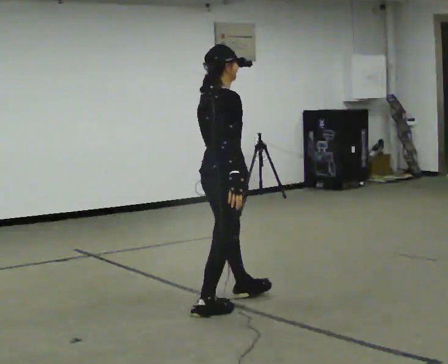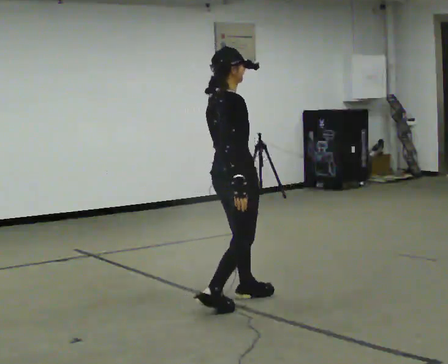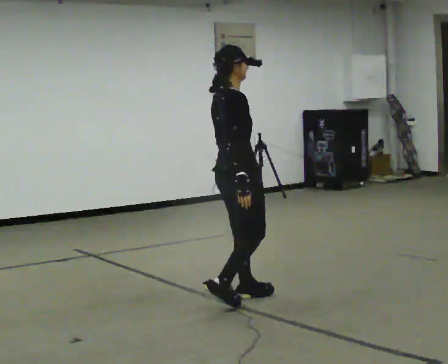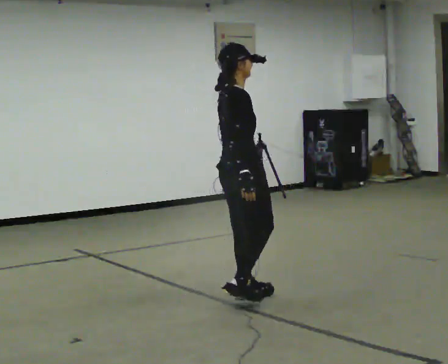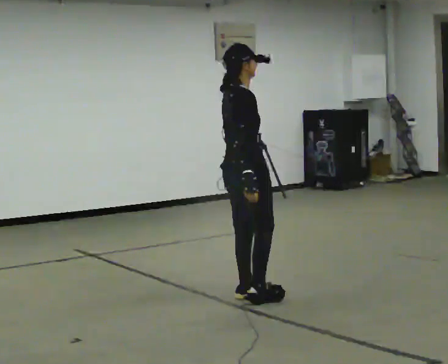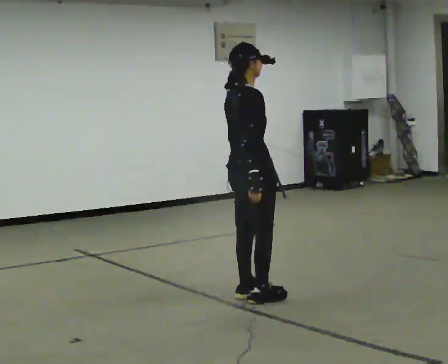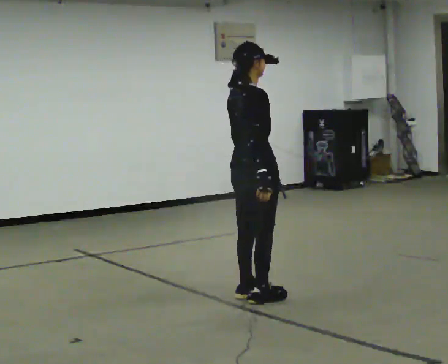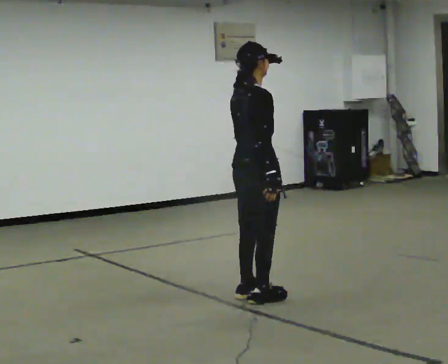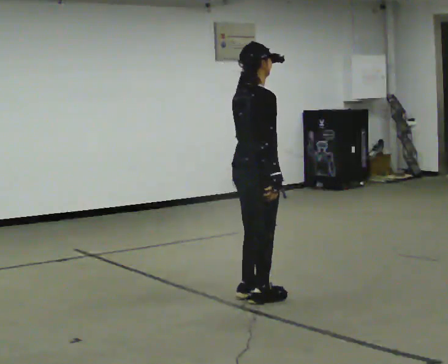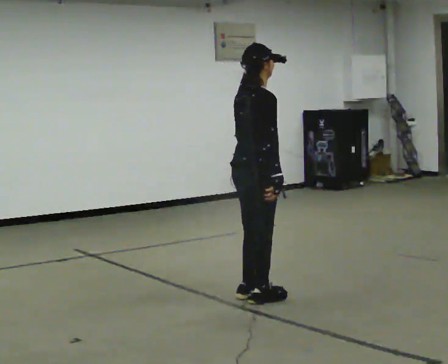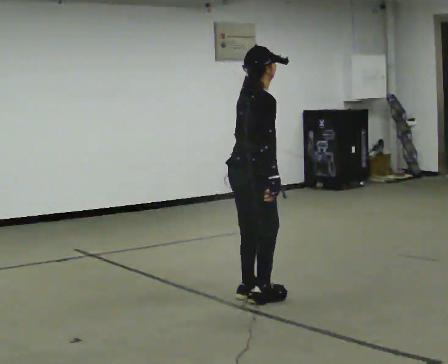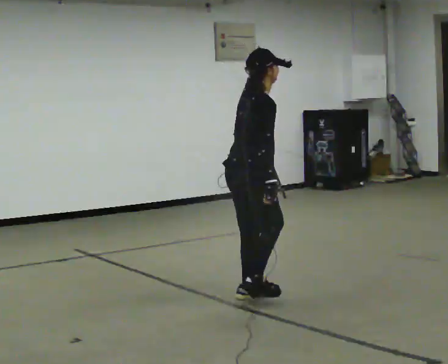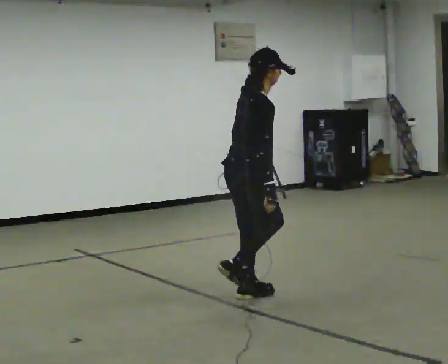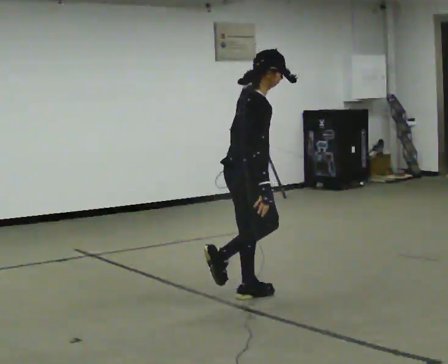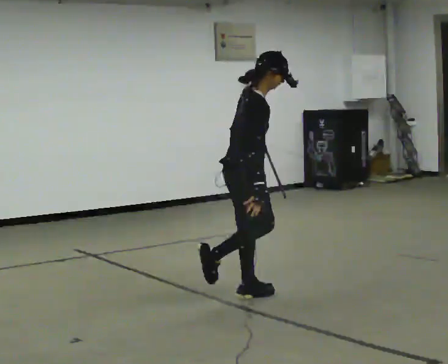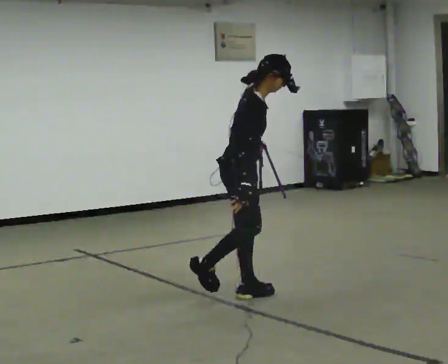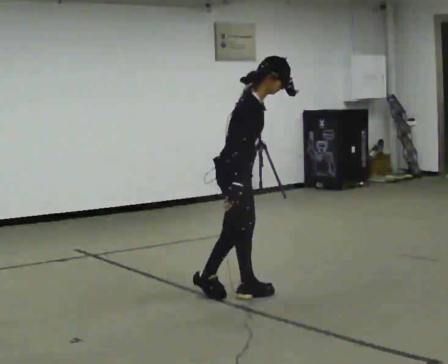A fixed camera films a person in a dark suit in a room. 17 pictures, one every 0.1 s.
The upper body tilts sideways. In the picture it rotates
clockwise.
0.0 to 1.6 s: Seen from above the body turns clockwise, about 45 degrees: to their right, with its near side sliding to the left. In the picture they go away from the camera, about 0.25 m in 2 steps, which for them is to their left and forward. In the picture the upper body tilts clockwise, shoulders to the right, as they bend forward.
The film runs forward here.
